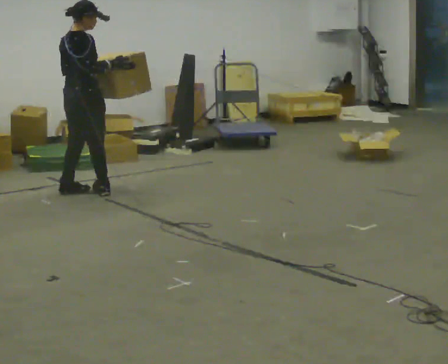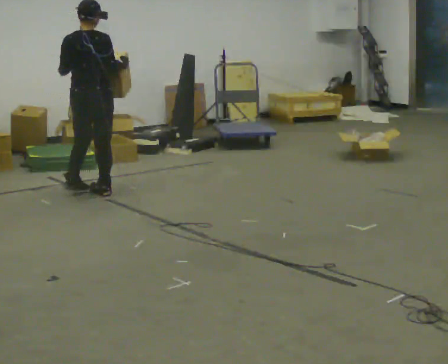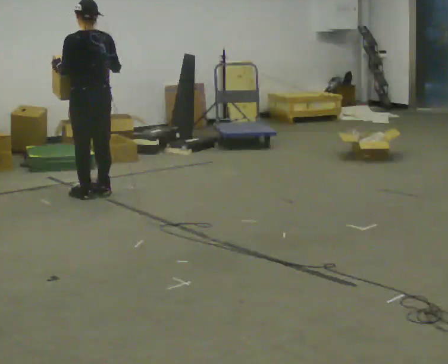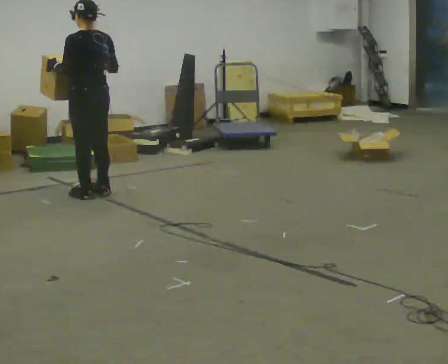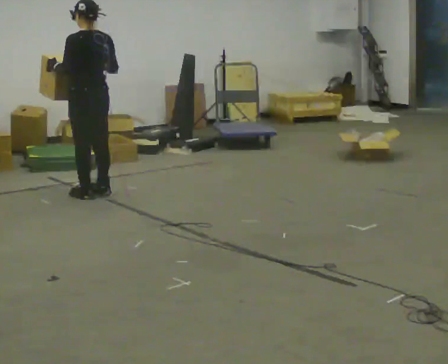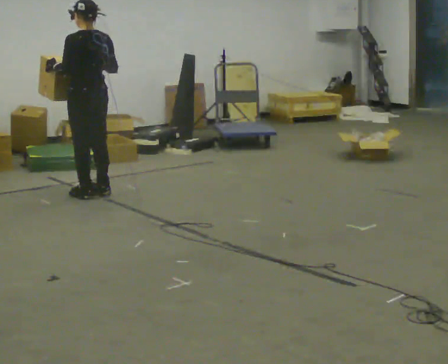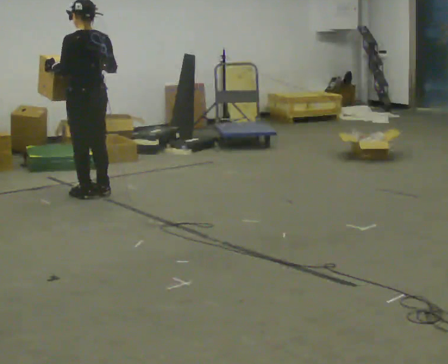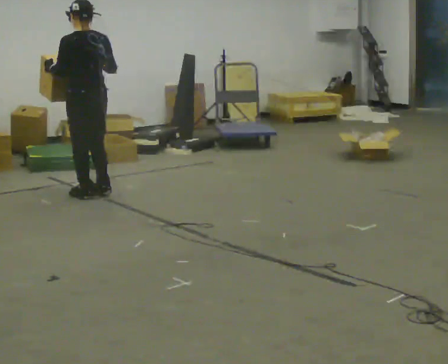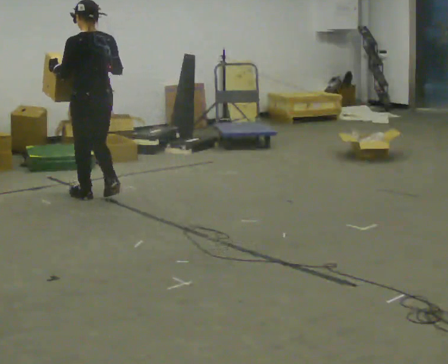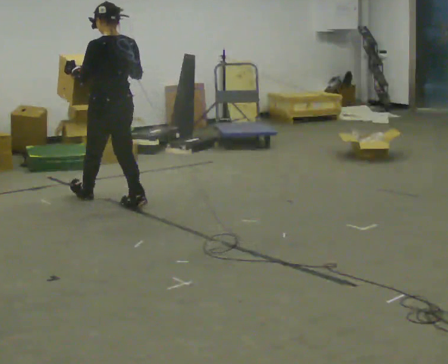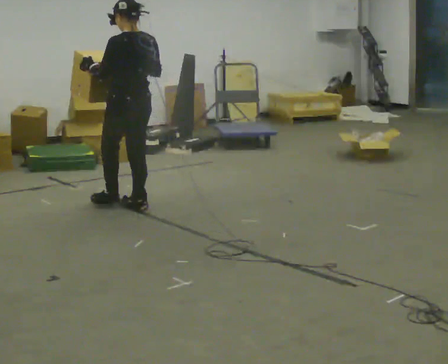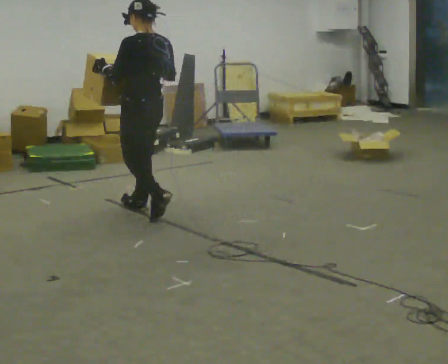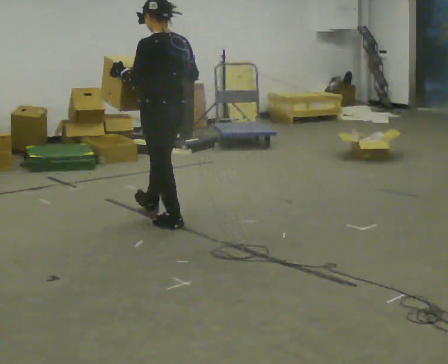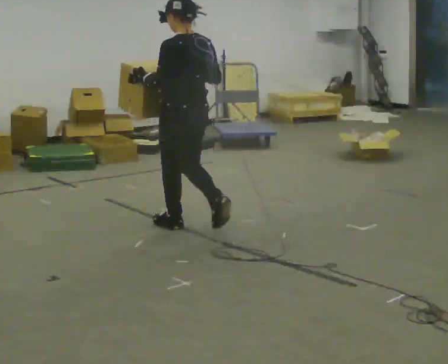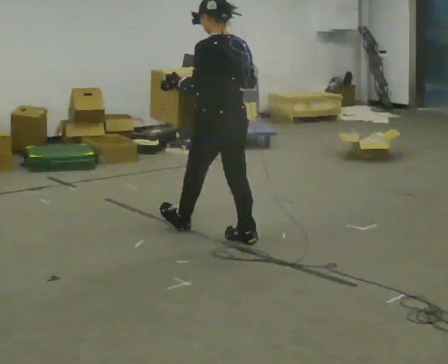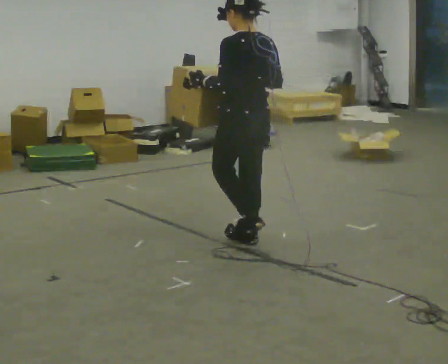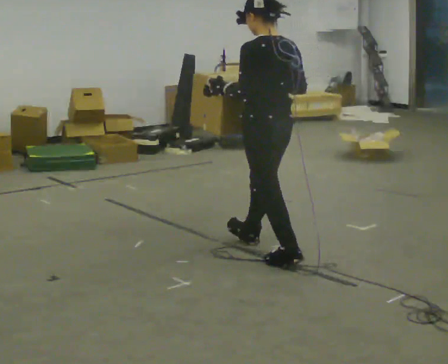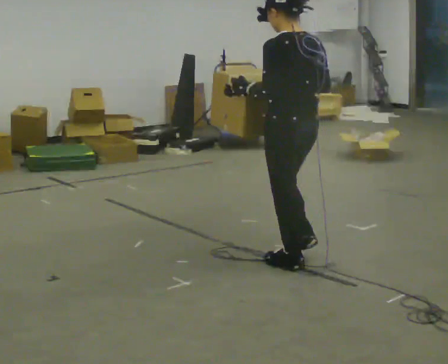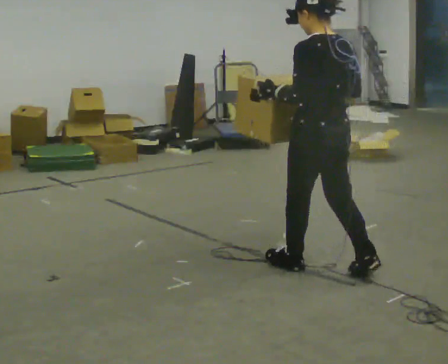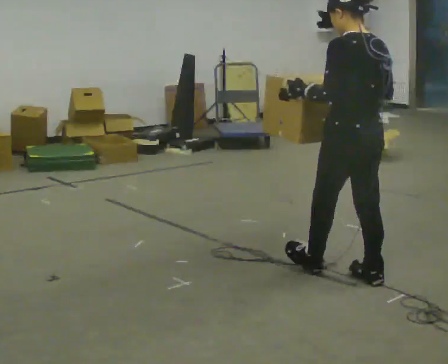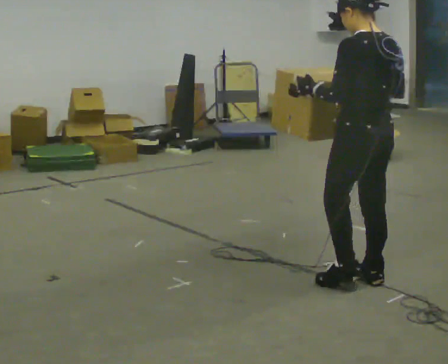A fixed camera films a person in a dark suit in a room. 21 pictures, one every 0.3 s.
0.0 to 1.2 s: The part of the body nearest the lens slides to the right as the person turns to their left by about 90 degrees.
1.2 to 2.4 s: In the picture they go toward the camera, about 0.25 m in 1 step, which for them is backward.
2.4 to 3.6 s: In the picture they go toward the camera and to the right, about 1 m in 2 steps, which for them is backward.
3.6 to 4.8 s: In the picture they go toward the camera and to the right, about 1 m in 1 step, which for them is backward.
4.8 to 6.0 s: In the picture they go toward the camera and to the right, about 0.75 m in 2 steps, which for them is backward.
The film runs backward here.
